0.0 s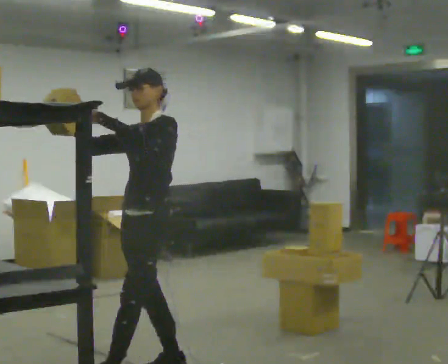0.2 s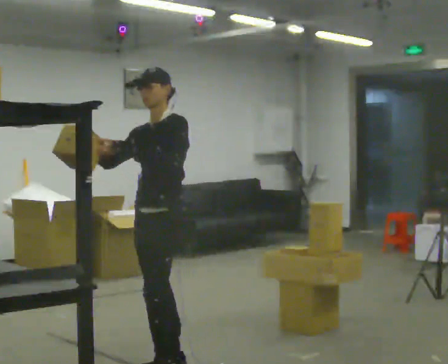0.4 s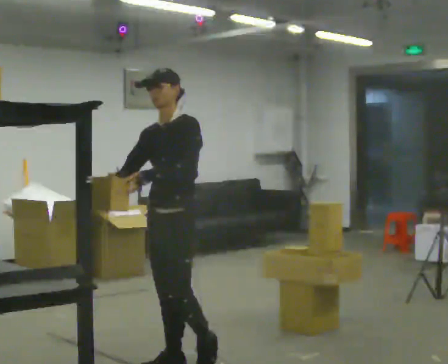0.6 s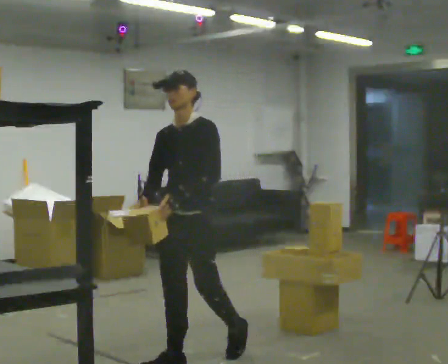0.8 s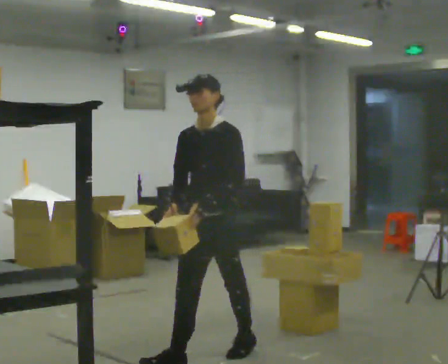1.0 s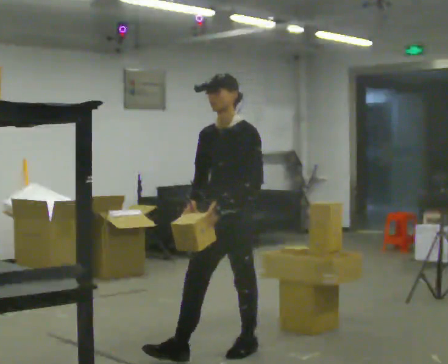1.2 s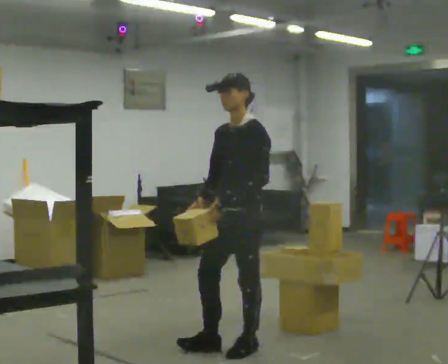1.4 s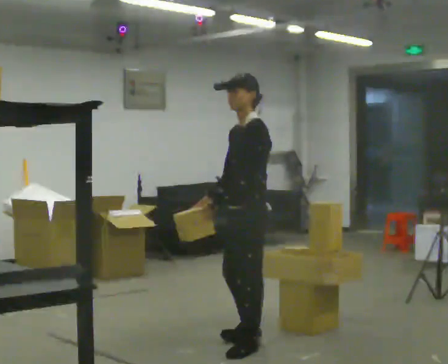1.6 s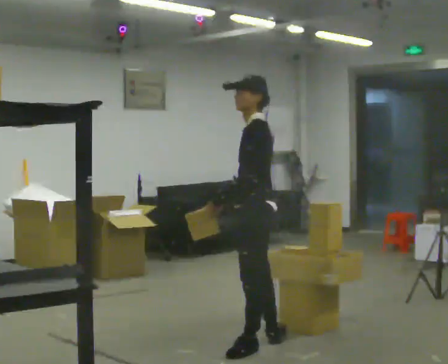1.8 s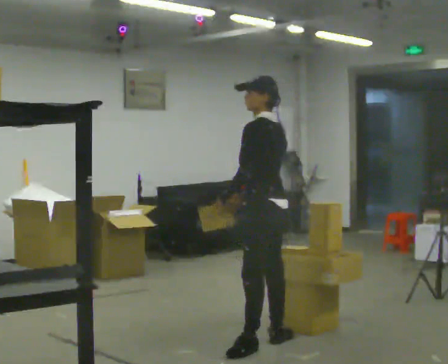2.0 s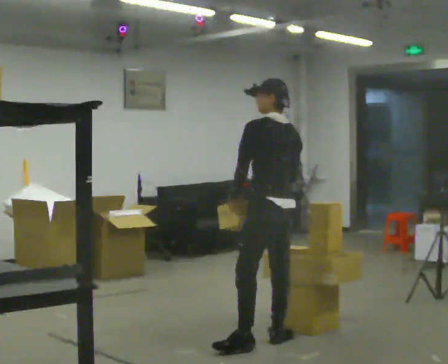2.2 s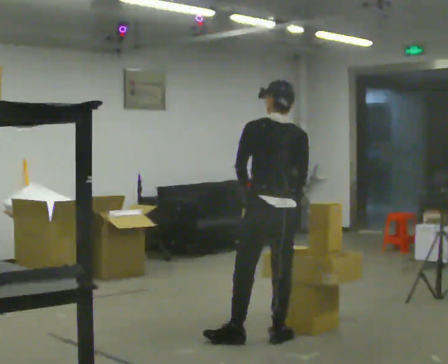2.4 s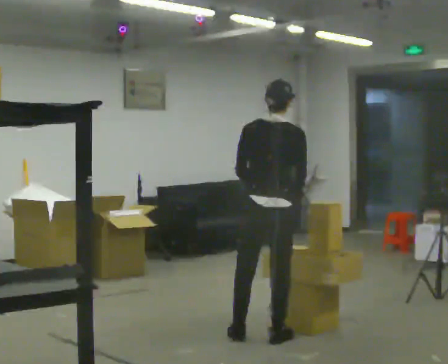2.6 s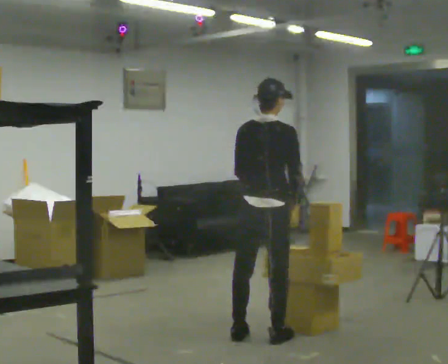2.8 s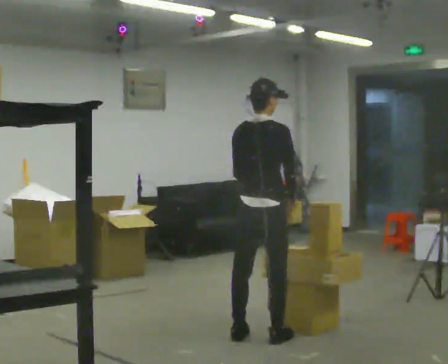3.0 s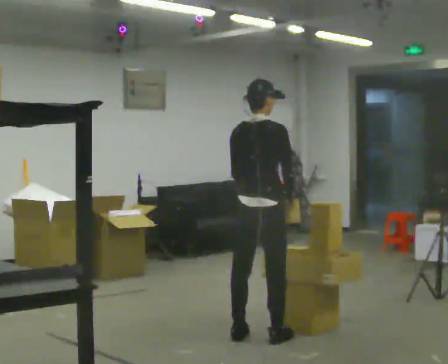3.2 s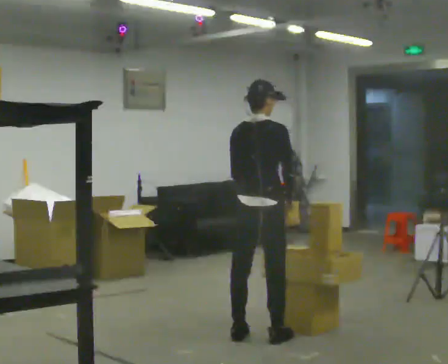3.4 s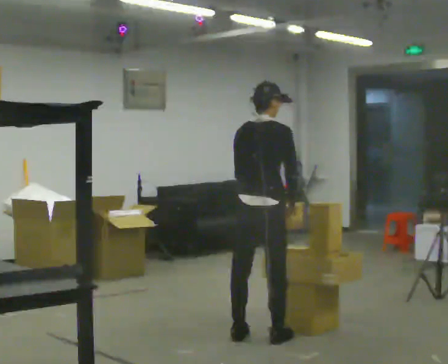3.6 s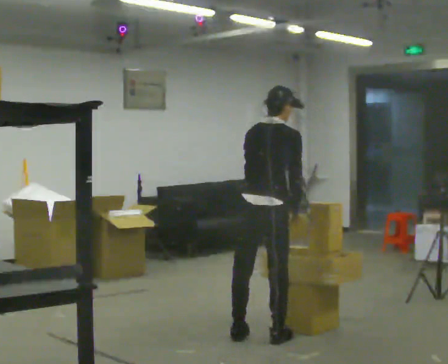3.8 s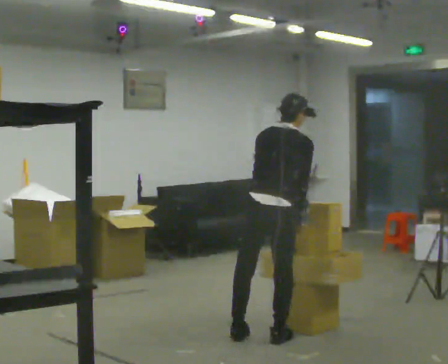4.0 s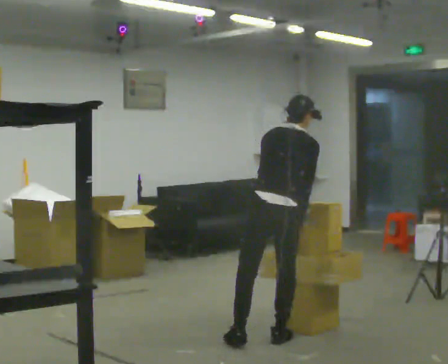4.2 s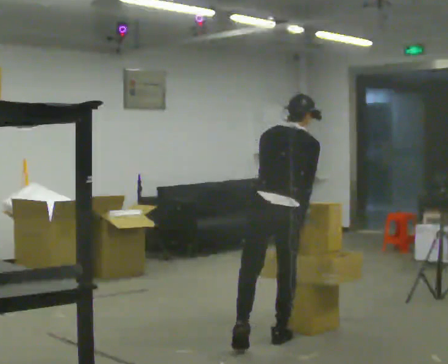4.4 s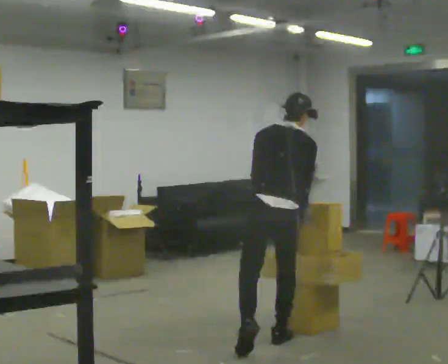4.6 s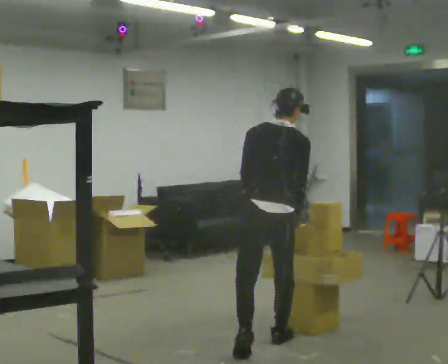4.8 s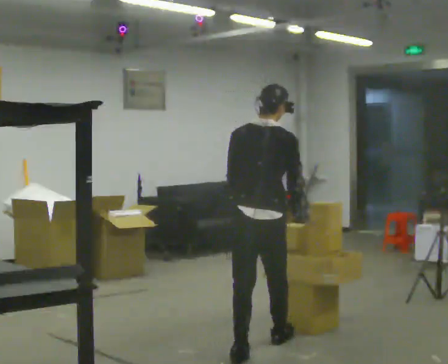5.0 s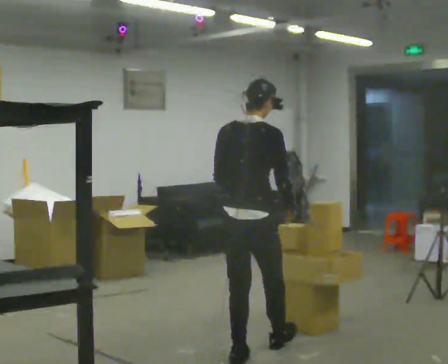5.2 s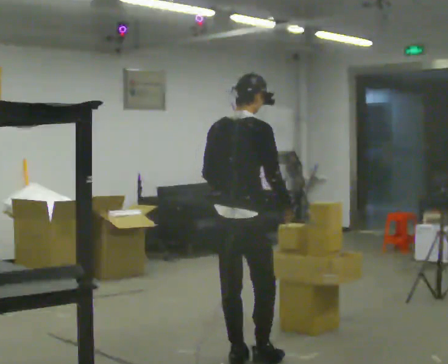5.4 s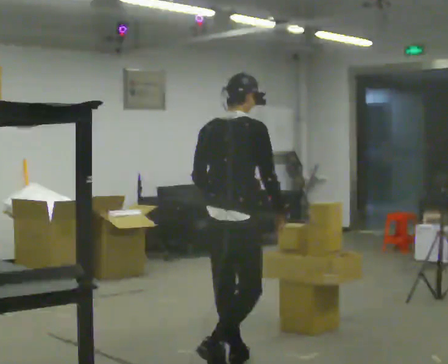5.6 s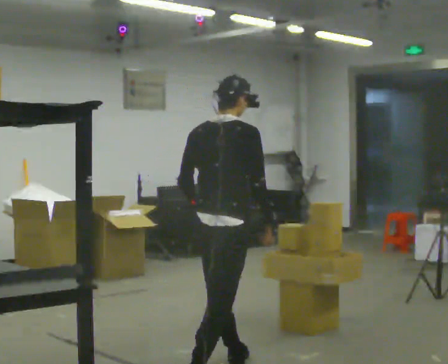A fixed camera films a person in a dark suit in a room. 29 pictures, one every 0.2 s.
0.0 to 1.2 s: In the picture they go to the right and away from the camera, about 0.75 m in 1 step, which for them is backward. In the picture their right hand goes downward, the arm swinging counterclockwise.
1.2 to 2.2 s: The part of the body nearest the lens slides to the left as the person turns to their right by about 105 degrees. In the picture they go away from the camera and to the right, about 0.25 m in 1 step.
2.2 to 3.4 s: The person turns about 45 degrees to their right, clockwise seen from above, so the part of the body nearest the lens slides to the left.
3.4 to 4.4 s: In the picture they go toward the camera, about 0.25 m in 1 step, which for them is to their right and backward. The upper body tips away from the camera, its near side rolling upward, as they bend forward.
4.4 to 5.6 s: In the picture they go toward the camera and to the left, about 0.75 m in 2 steps, which for them is backward. The upper body tips toward the camera, its near side rolling downward, as they lean back or straighten.
The film runs backward here.
